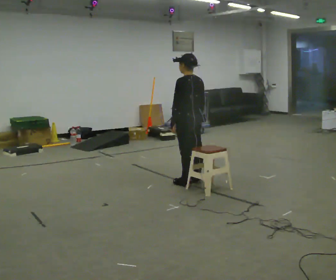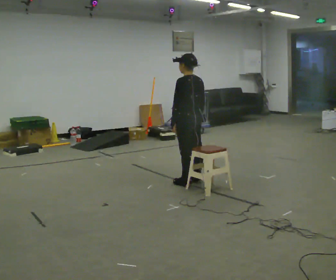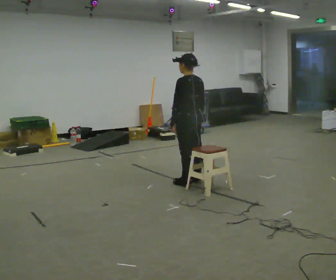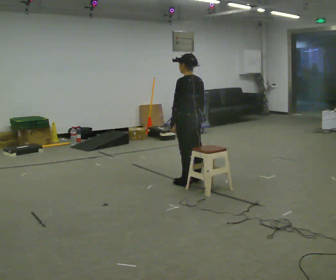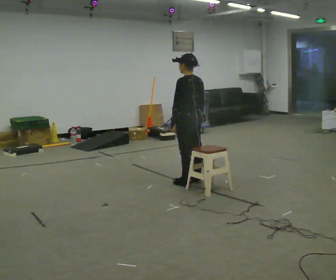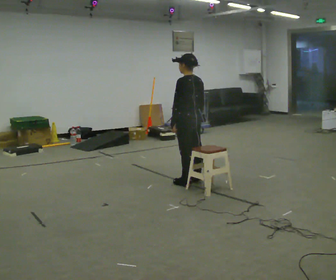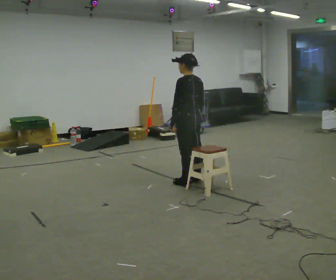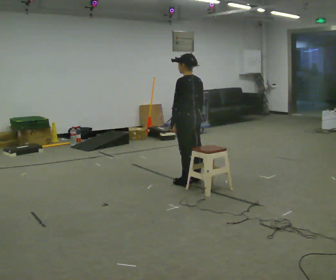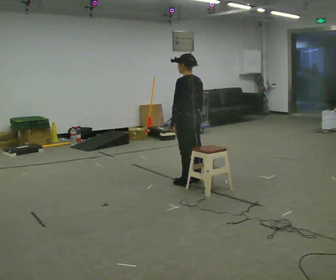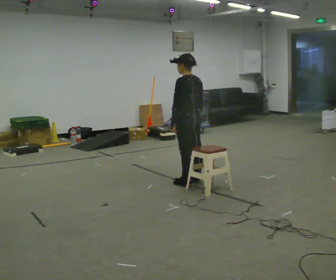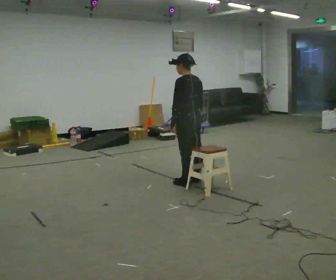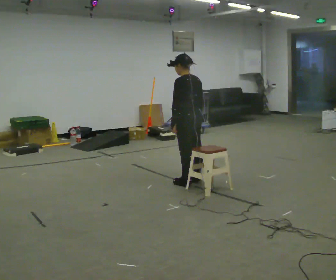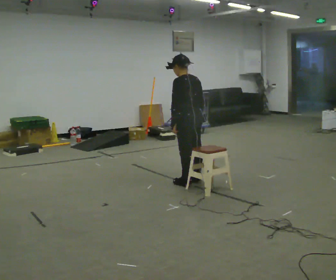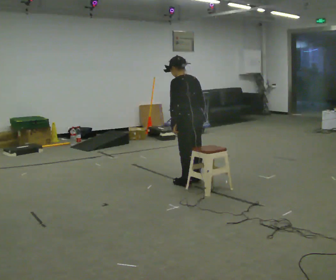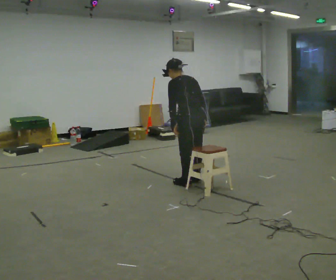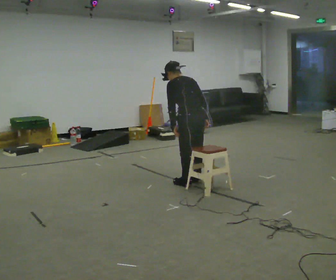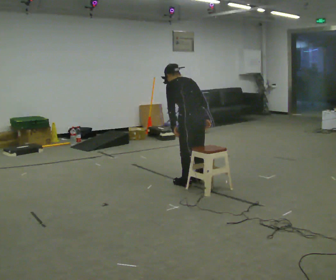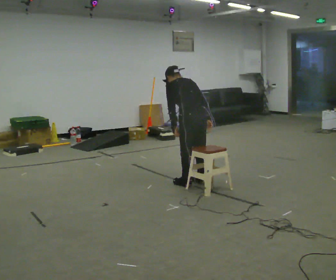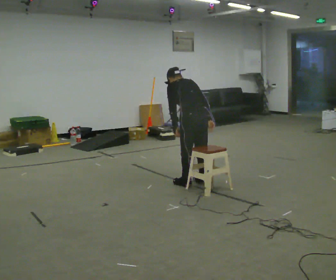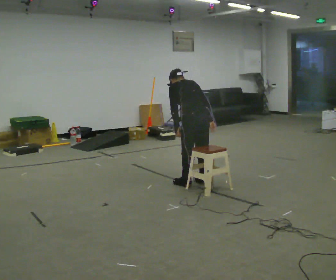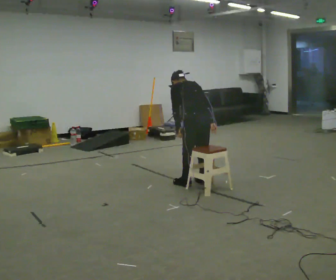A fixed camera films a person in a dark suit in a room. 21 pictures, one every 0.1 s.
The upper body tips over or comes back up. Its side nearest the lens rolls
upward.
0.0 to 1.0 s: The person keeps their place and pose.
1.0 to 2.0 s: The upper body tips away from the camera, its near side rolling upward, as they bend forward.
The film runs forward here.
